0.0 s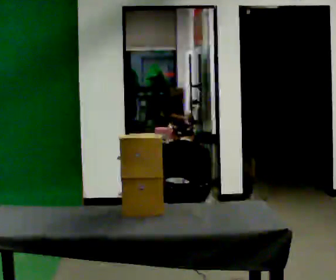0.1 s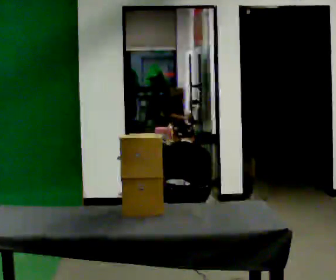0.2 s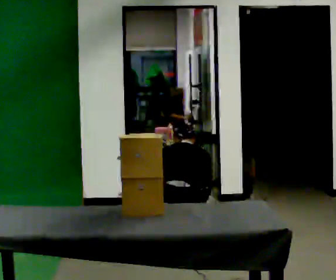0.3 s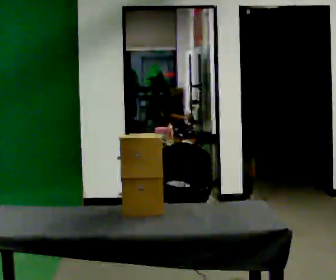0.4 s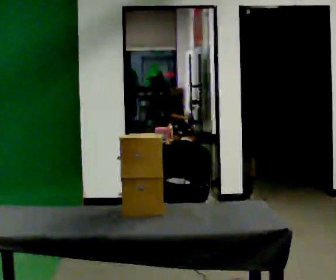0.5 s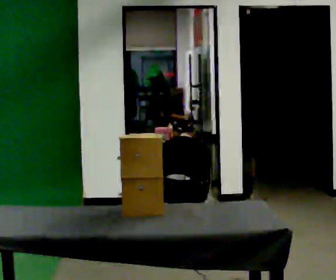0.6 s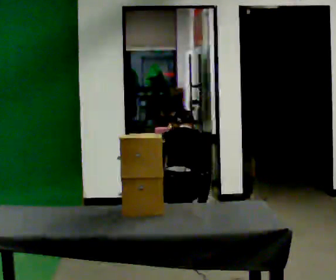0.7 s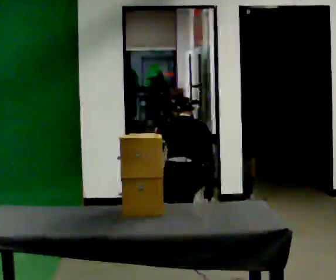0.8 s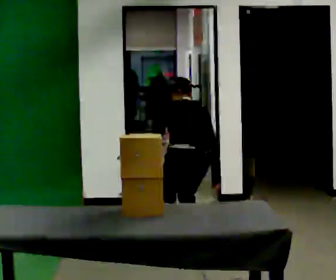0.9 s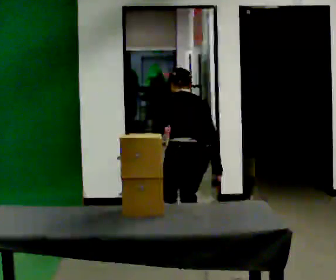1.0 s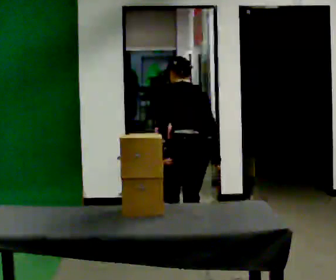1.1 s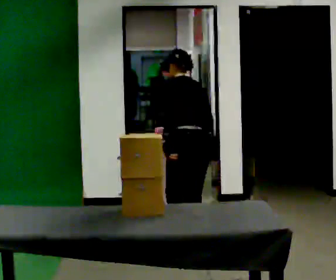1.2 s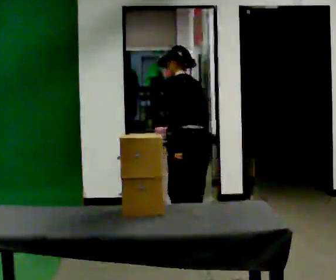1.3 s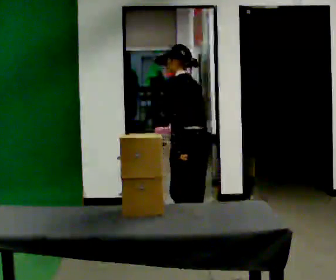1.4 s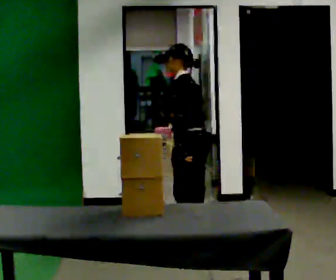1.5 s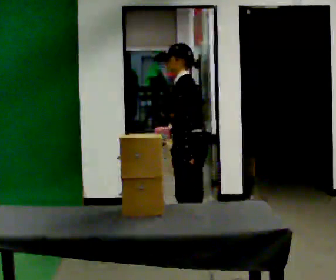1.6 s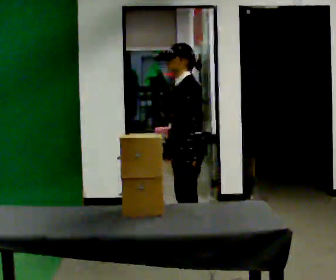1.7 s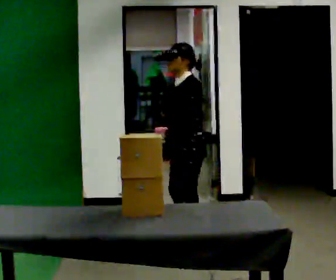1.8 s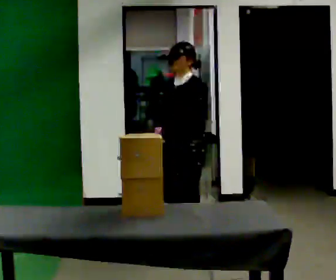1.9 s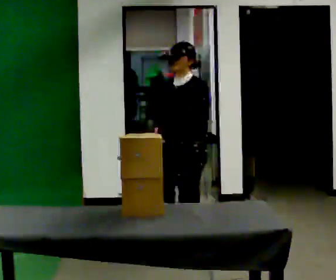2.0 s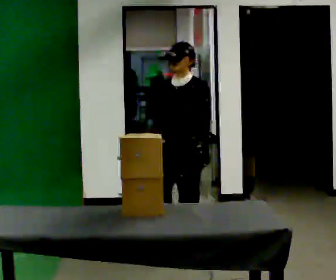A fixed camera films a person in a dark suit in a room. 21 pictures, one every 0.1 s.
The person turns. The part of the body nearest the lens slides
to the right.
The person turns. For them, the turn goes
to their left.
0.0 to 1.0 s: The person turns about 30 degrees to their left, counterclockwise seen from above, so the part of the body nearest the lens slides to the right. The upper body goes upward. The upper body tips toward the camera, its near side rolling downward, as they lean back or straighten. In the picture their left hand goes upward.
1.0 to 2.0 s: Seen from above the body turns counterclockwise, about 120 degrees: to their left, with its near side sliding to the right. In the picture they go toward the camera, about 0.25 m in 1 step. The upper body tips toward the camera, its near side rolling downward, as they lean back or straighten.
The film runs forward here.
